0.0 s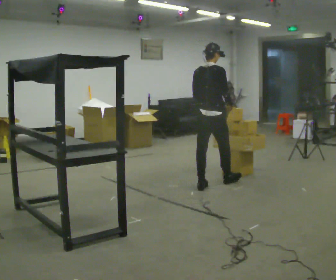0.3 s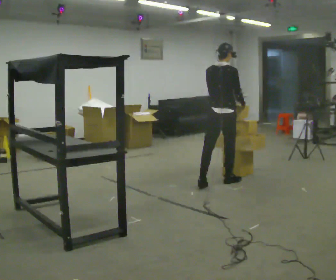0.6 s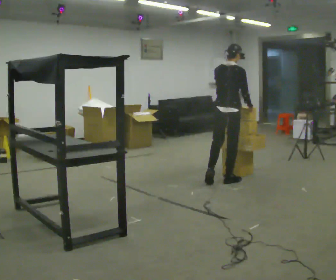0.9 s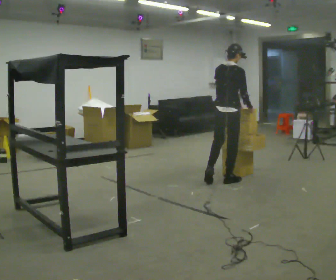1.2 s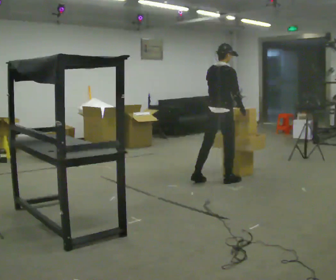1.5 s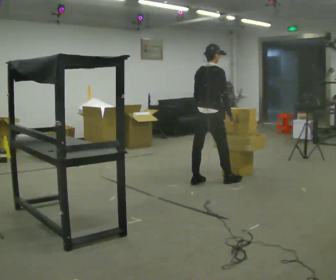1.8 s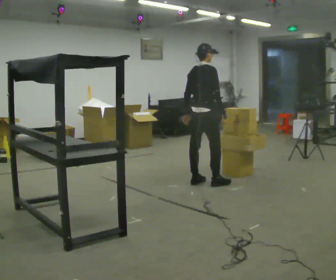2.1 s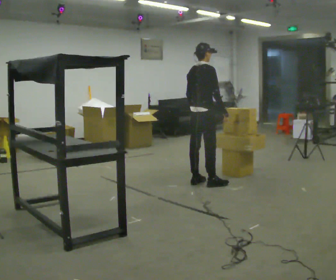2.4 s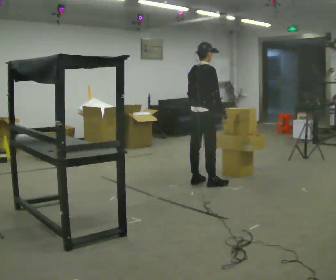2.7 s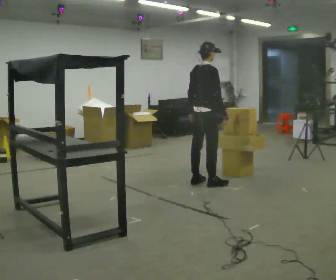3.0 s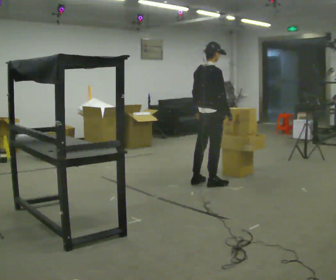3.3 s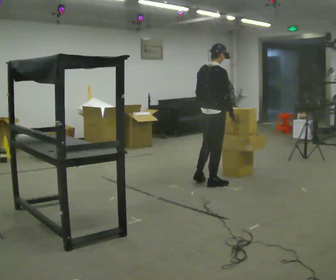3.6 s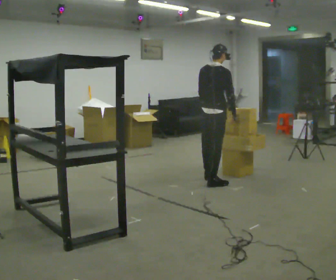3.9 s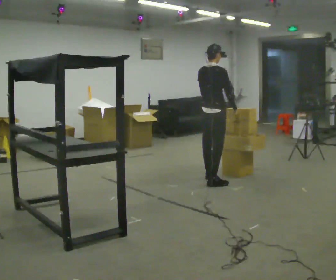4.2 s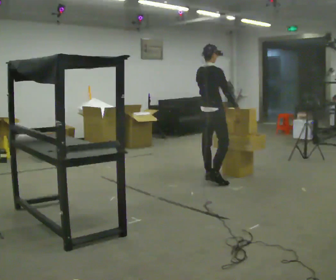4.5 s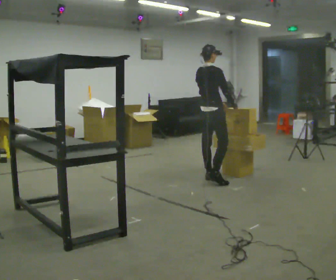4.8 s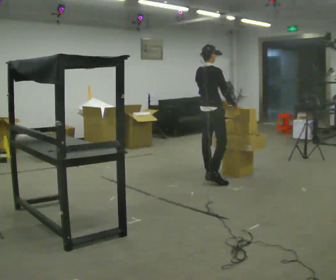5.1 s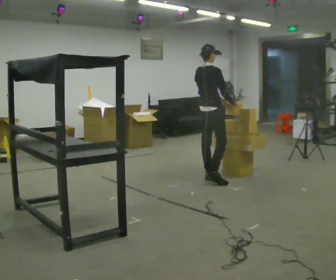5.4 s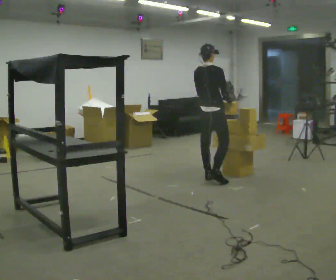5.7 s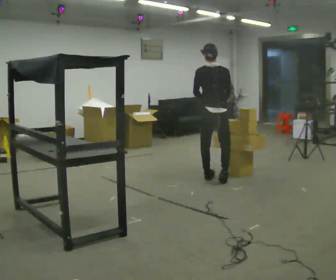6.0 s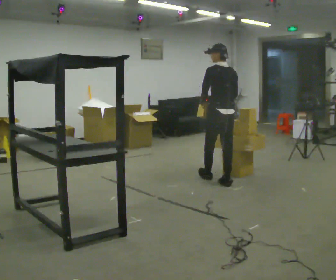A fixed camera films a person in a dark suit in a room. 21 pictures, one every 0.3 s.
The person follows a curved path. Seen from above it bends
clockwise.
0.0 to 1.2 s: In the picture they go away from the camera, about 0.25 m in 2 steps, which for them is forward.
1.2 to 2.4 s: In the picture they go to the left, about 0.25 m in 1 step, which for them is backward.
2.4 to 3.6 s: The person moves a little, or ends about where they began.
3.6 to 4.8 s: In the picture they go away from the camera, about 0.25 m, which for them is to their left and forward.
4.8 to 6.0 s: The part of the body nearest the lens slides to the right as the person turns to their left by about 75 degrees. In the picture they go toward the camera and to the right, about 0.25 m in 1 step.
The film runs forward here.
